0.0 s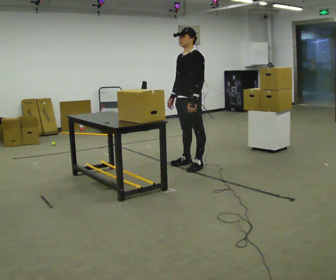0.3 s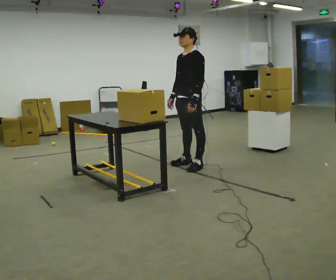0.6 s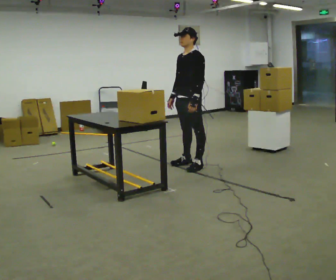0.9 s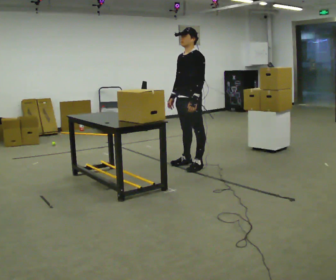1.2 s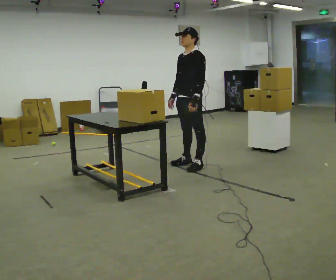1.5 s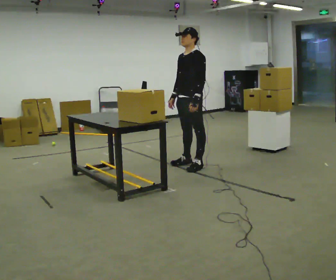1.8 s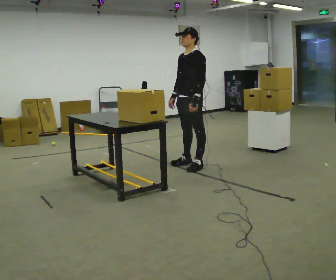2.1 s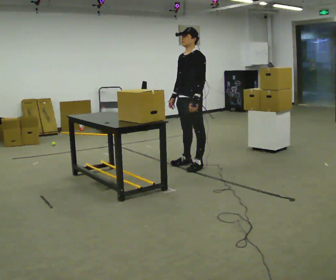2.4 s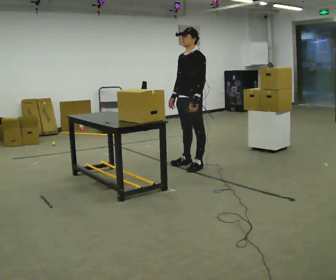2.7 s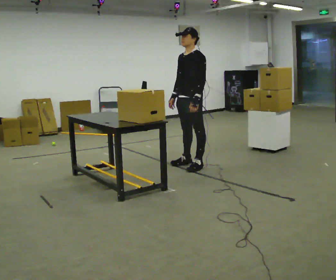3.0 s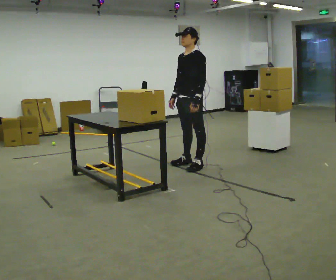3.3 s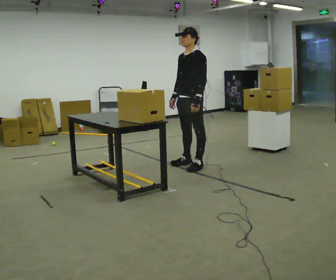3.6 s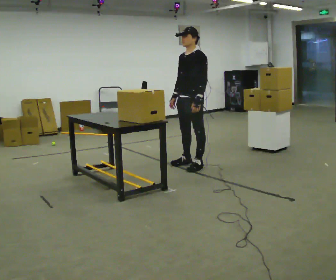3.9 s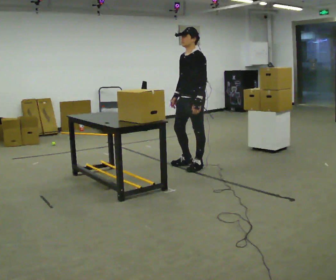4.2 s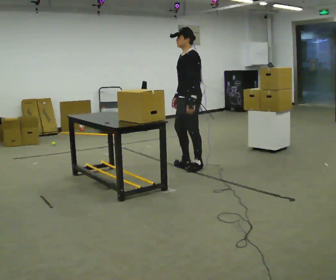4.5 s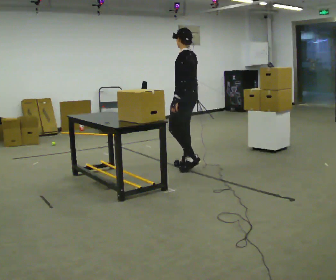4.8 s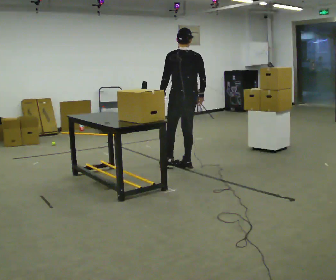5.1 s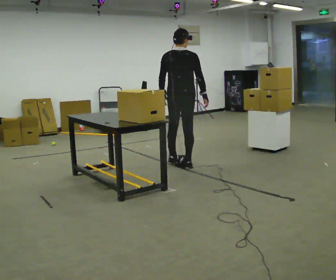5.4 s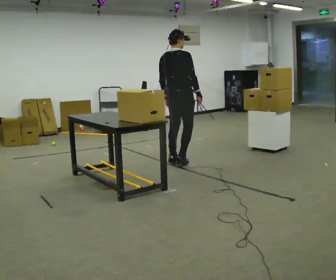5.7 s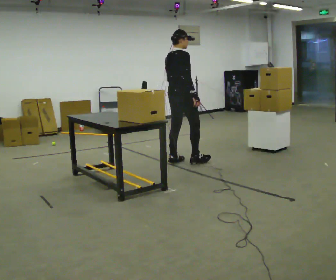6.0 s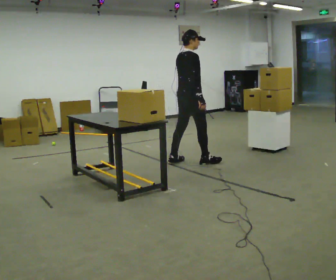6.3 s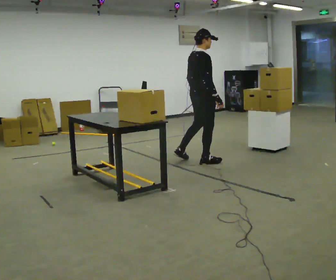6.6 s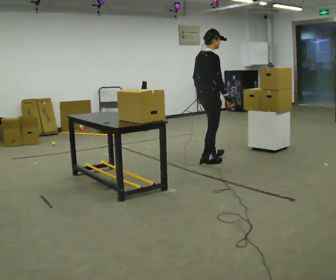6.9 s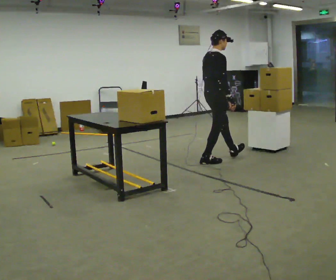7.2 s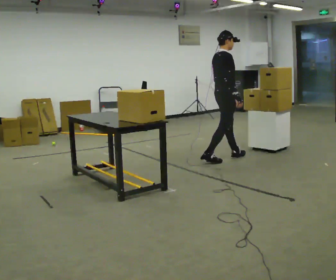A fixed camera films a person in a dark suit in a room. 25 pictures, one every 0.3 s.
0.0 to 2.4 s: The person keeps their place and pose.
2.4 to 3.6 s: The person moves a little, or ends about where they began.
3.6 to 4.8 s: The person turns about 105 degrees to their right, clockwise seen from above, so the part of the body nearest the lens slides to the left. In the picture their right hand goes to the right, the arm swinging counterclockwise.
4.8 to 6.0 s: The part of the body nearest the lens slides to the left as the person turns to their right by about 75 degrees. In the picture they go away from the camera, about 0.25 m in 2 steps. In the picture their left hand goes to the right.
6.0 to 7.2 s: In the picture they go to the right, about 0.5 m in 1 step, which for them is forward.
The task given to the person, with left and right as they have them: Move objects one at a time from the waist-height shelf at one end of the room to the waist-height shelf at the other end. Keep going until the operator says stop; one object at a time, and do not rush between trips.
The film runs forward here.
